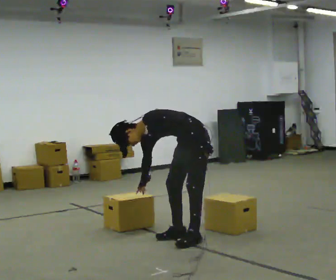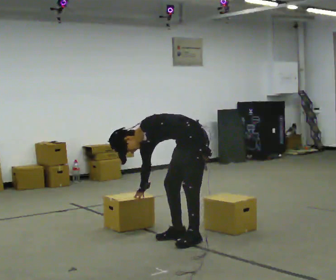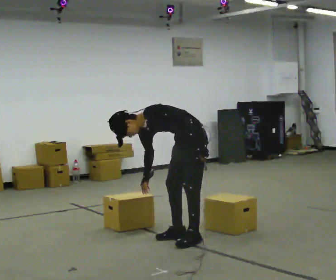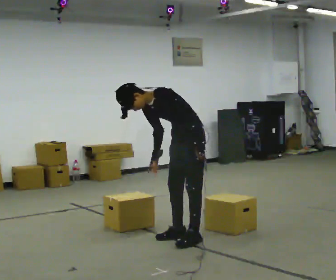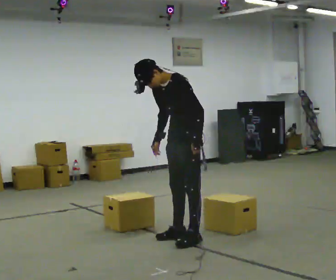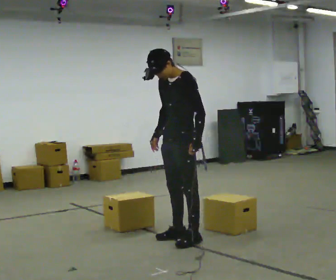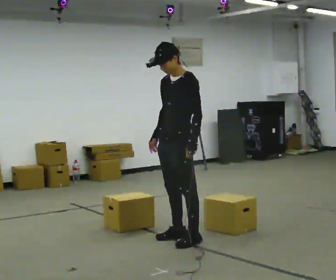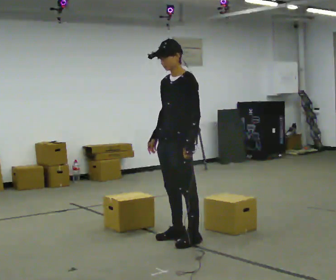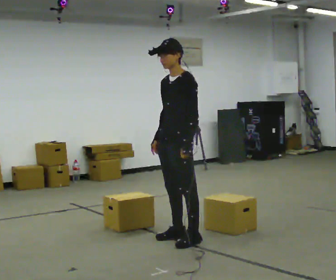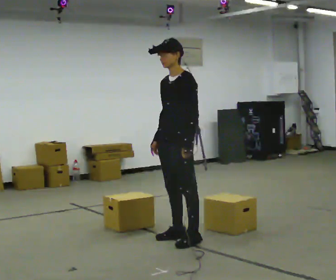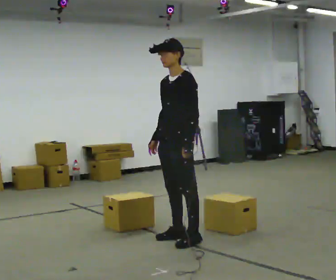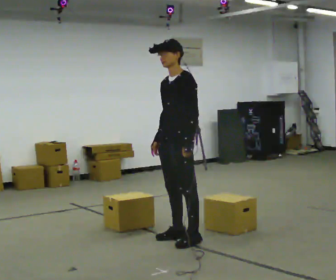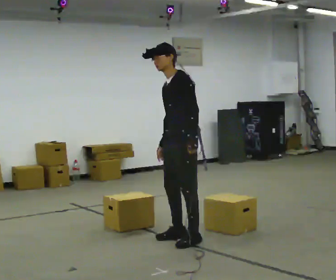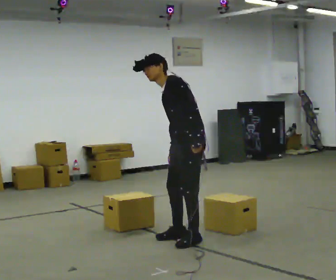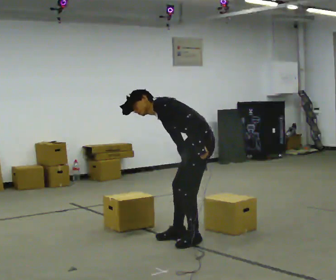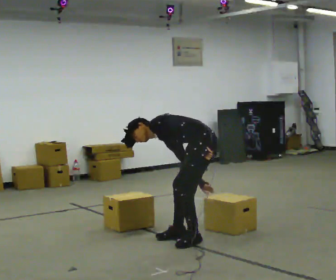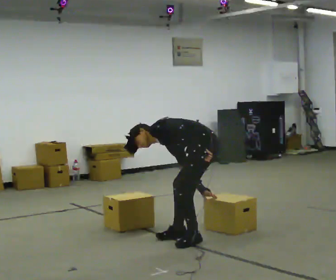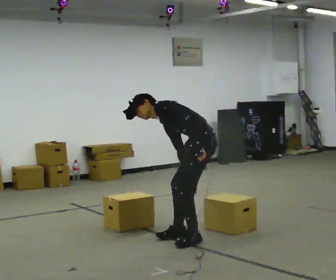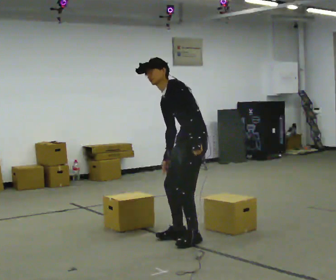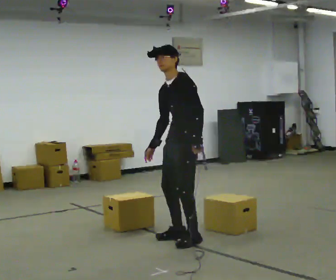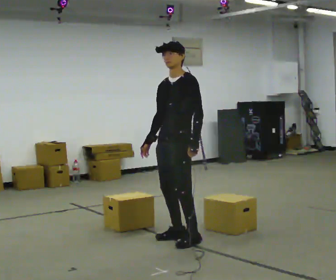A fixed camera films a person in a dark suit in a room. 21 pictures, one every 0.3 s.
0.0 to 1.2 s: The shoulders move upward. In the picture the upper body tilts clockwise, shoulders to the right, as they lean back or straighten.
1.2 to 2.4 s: In the picture the upper body tilts clockwise, shoulders to the right, as they lean back or straighten.
2.4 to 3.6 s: The person moves a little, or ends about where they began.
3.6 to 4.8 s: The person turns about 45 degrees to their right, clockwise seen from above, so the part of the body nearest the lens slides to the left. In the picture they go to the right, about 0.25 m, which for them is backward. The upper body goes downward. In the picture the upper body tilts counterclockwise, shoulders to the left, as they bend forward. In the picture their right hand goes downward and to the right.
4.8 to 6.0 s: Seen from above the body turns counterclockwise, about 60 degrees: to their left, with its near side sliding to the right. In the picture they go to the left, about 0.25 m, which for them is forward and to their right. The upper body goes upward. In the picture the upper body tilts clockwise, shoulders to the right, as they lean back or straighten. In the picture their right hand goes to the left and upward, the arm swinging clockwise.
The film runs forward here.
